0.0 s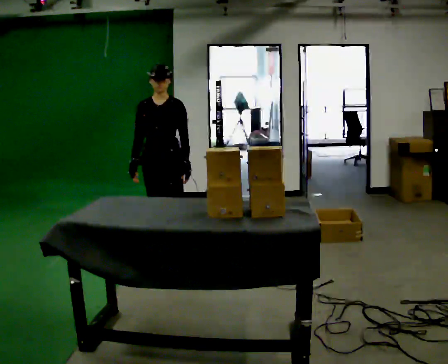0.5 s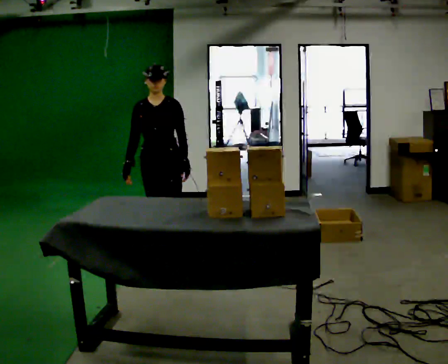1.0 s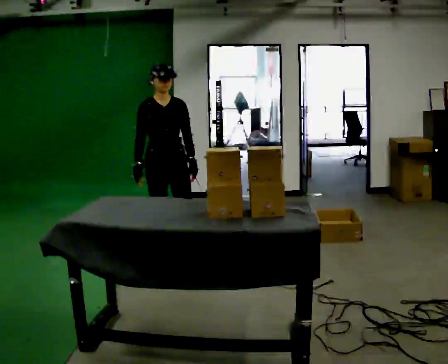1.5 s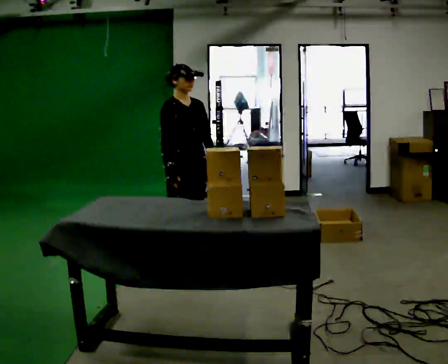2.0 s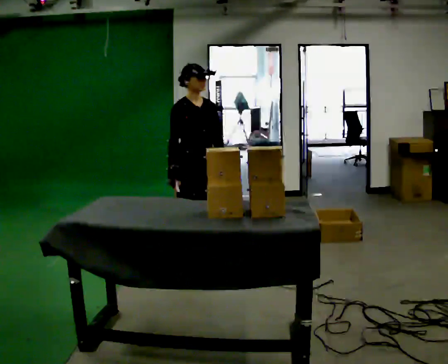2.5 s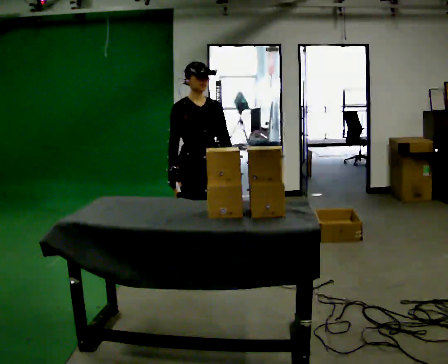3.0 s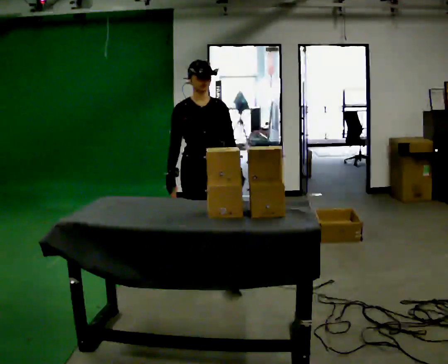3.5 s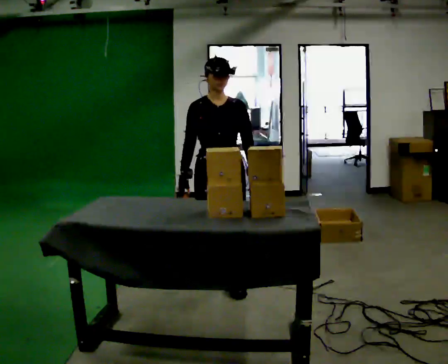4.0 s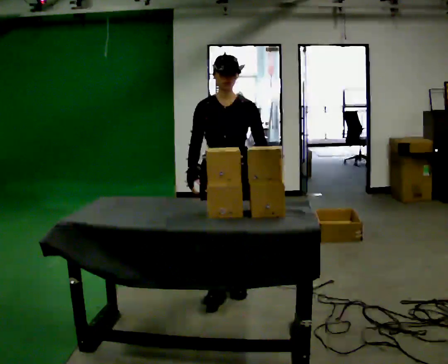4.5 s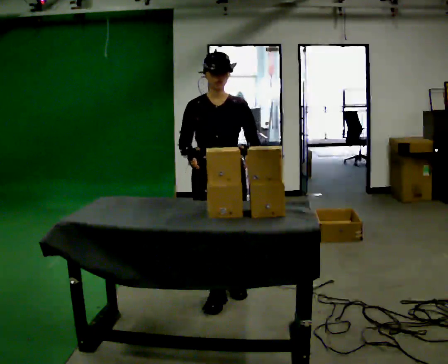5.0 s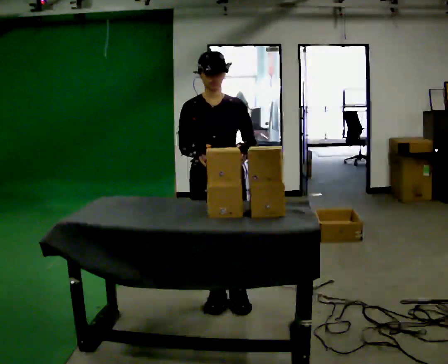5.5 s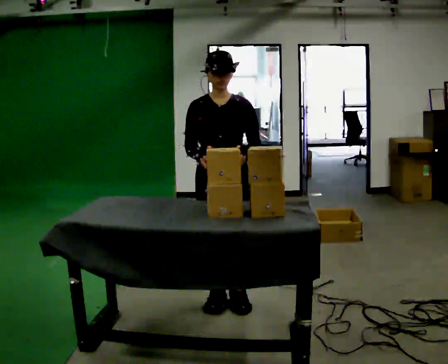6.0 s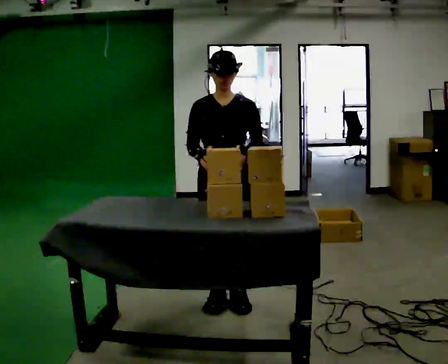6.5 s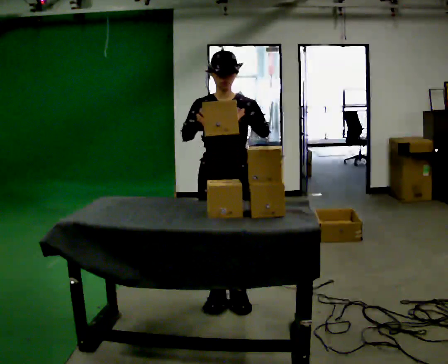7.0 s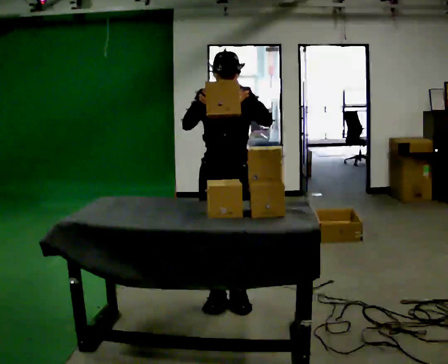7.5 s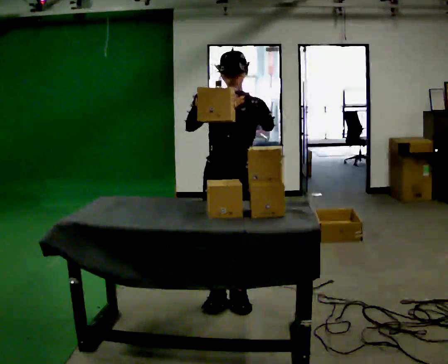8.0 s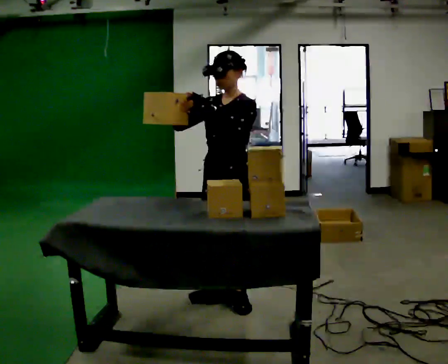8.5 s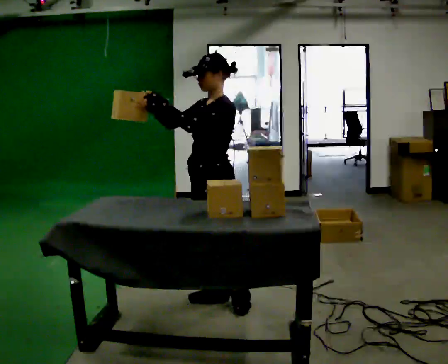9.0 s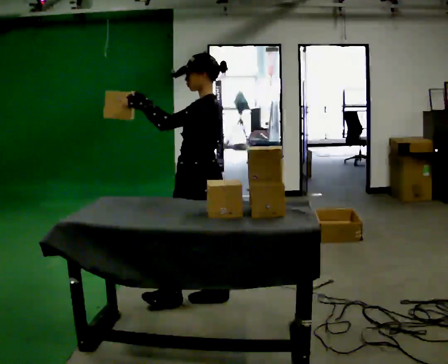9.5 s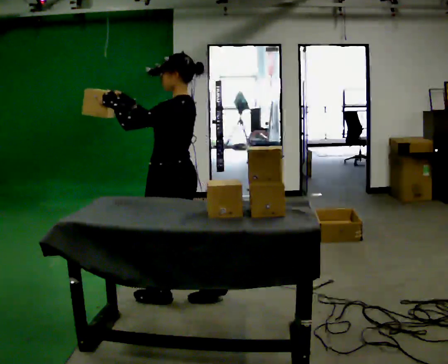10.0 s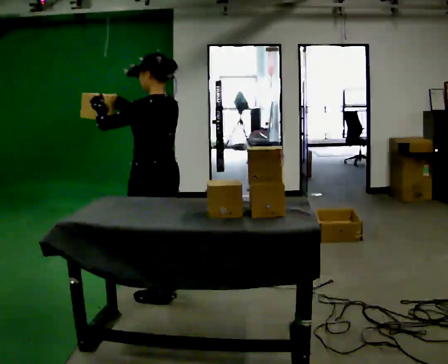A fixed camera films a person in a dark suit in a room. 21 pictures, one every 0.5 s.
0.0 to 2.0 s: The person turns about 45 degrees to their left, counterclockwise seen from above, so the part of the body nearest the lens slides to the right. In the picture they go to the right, about 0.25 m, which for them is to their left and forward.
2.0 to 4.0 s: The person turns about 45 degrees to their right, clockwise seen from above, so the part of the body nearest the lens slides to the left. In the picture they go toward the camera, about 0.75 m in 2 steps, which for them is forward.
4.0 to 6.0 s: In the picture they go toward the camera, about 0.25 m in 2 steps, which for them is forward.
6.0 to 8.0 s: The person turns about 30 degrees to their right, clockwise seen from above, so the part of the body nearest the lens slides to the left.
8.0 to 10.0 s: Seen from above the body turns clockwise, about 90 degrees: to their right, with its near side sliding to the left. In the picture they go to the left, about 0.5 m in 1 step.
The film runs forward here.
